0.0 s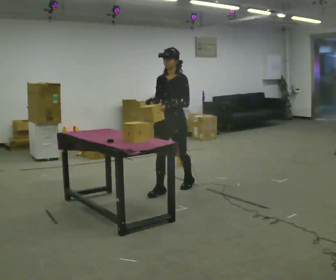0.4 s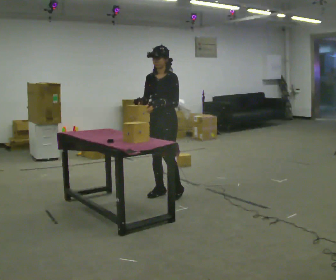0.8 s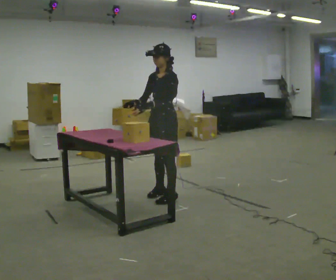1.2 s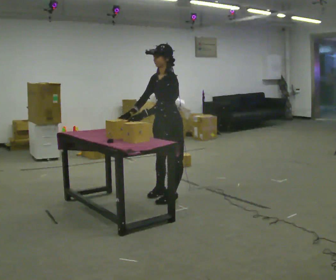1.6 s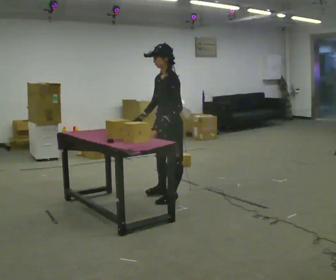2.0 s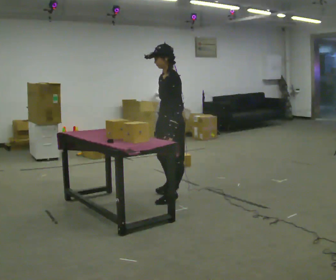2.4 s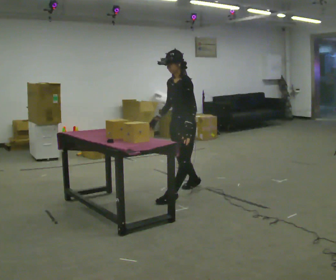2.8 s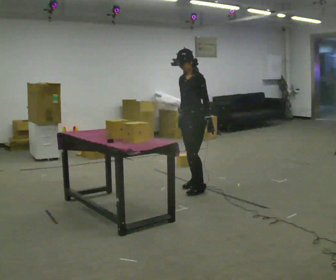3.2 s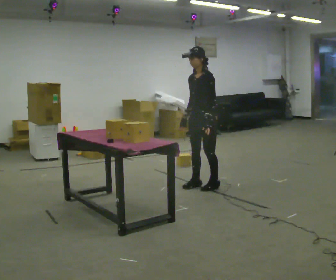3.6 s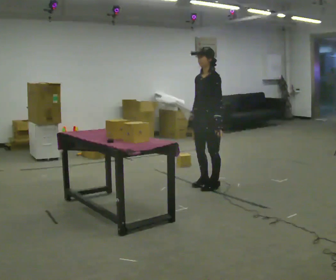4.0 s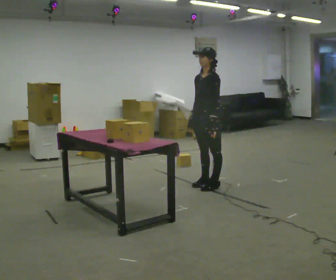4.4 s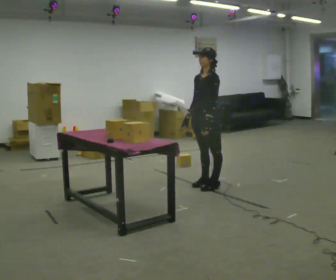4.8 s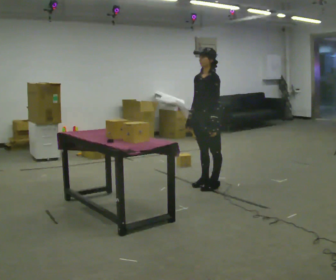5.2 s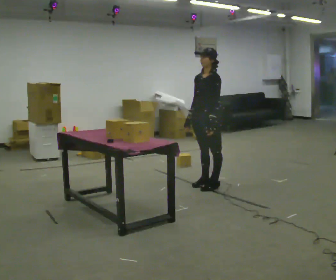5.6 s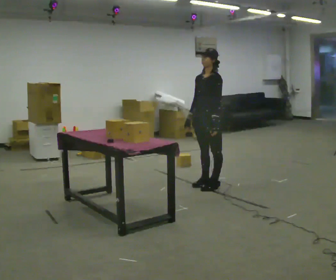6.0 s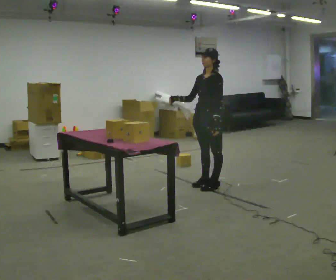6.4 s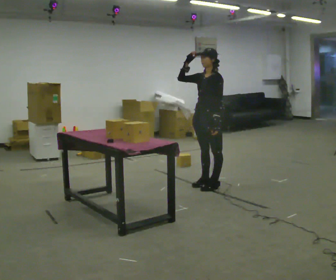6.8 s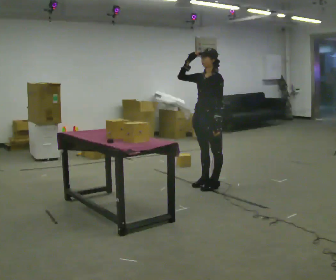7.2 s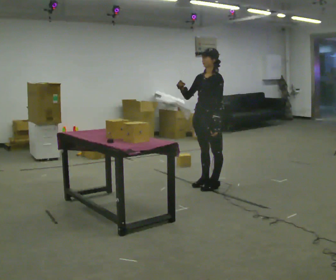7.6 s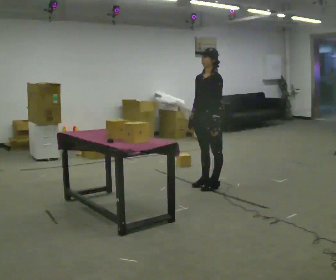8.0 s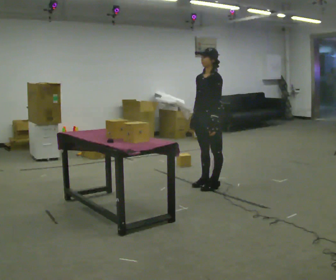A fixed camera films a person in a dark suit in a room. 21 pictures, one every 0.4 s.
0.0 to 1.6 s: The person turns about 45 degrees to their right, clockwise seen from above, so the part of the body nearest the lens slides to the left. In the picture they go toward the camera, about 0.25 m in 1 step, which for them is to their left and forward.
1.6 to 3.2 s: In the picture they go away from the camera and to the right, about 0.5 m in 2 steps, which for them is backward and to their right.
3.2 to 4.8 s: The person moves a little, or ends about where they began.
4.8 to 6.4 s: In the picture their right hand goes upward, the arm swinging clockwise.
6.4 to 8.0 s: In the picture their right hand goes downward, the arm swinging counterclockwise.
The film runs forward here.
